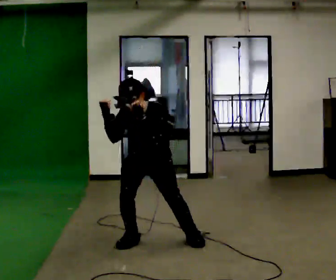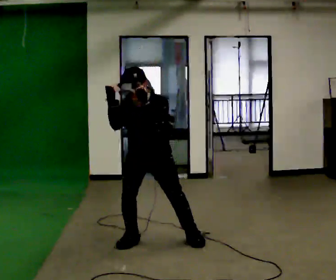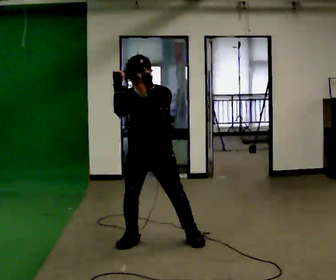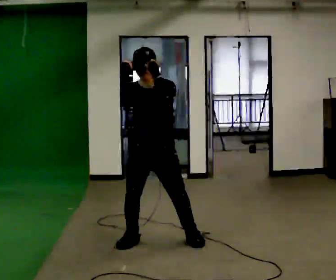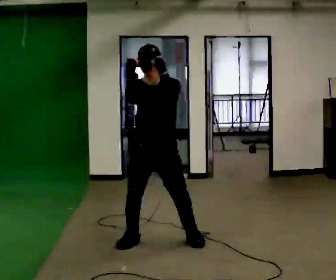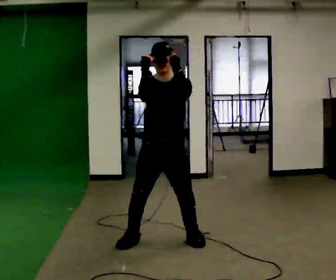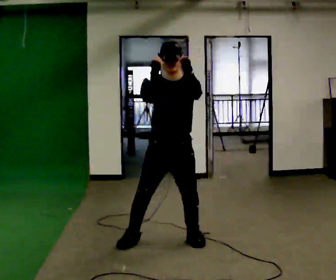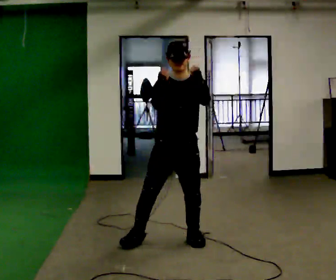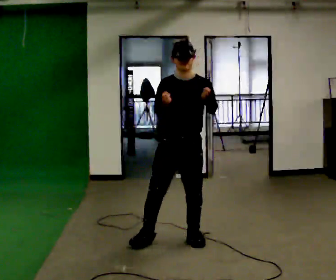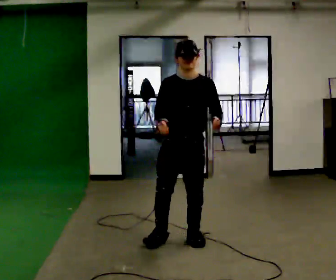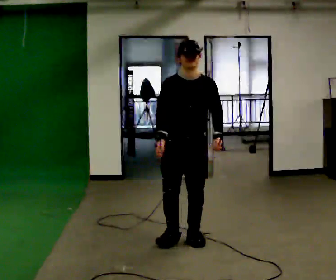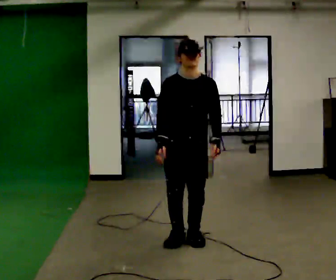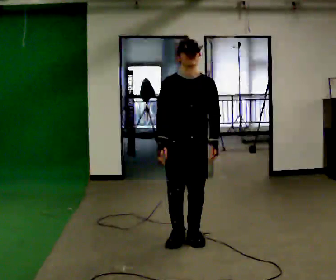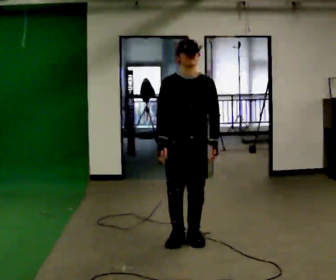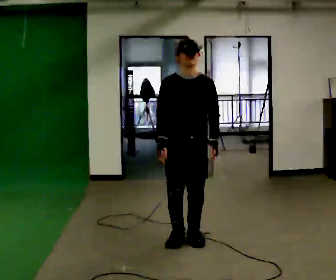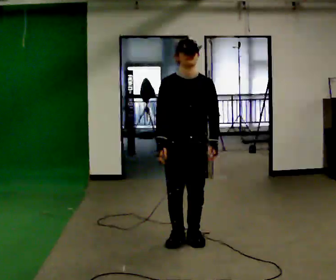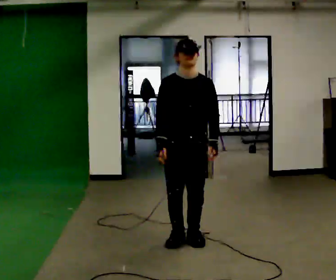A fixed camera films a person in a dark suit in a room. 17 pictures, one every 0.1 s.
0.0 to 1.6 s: In the picture they go to the right, about 0.25 m in 1 step, which for them is to their left. The upper body goes upward. The upper body tips away from the camera, its near side rolling upward, as they lean back or straighten.
The film runs backward here.
